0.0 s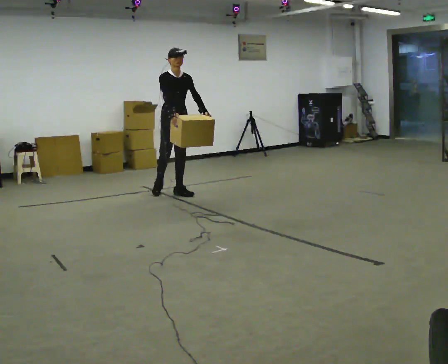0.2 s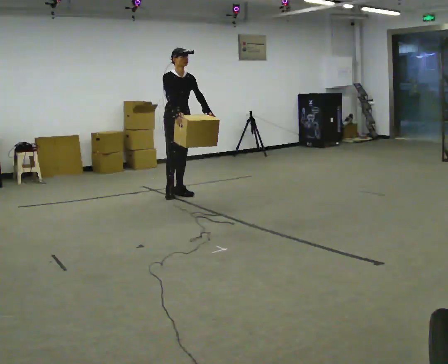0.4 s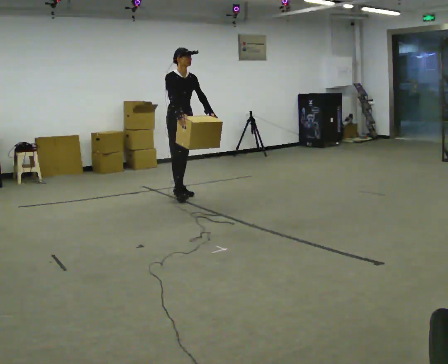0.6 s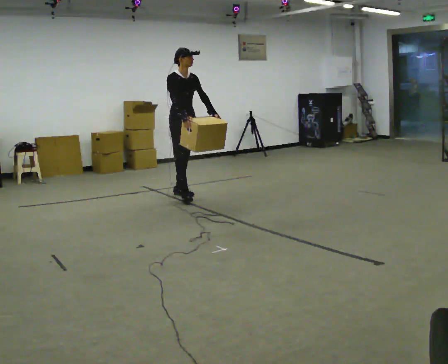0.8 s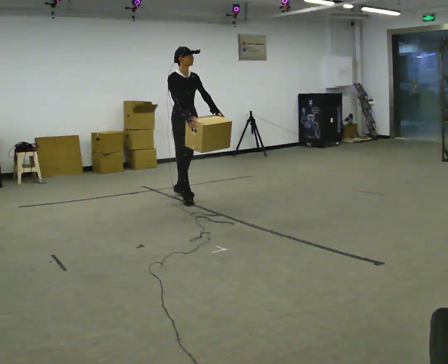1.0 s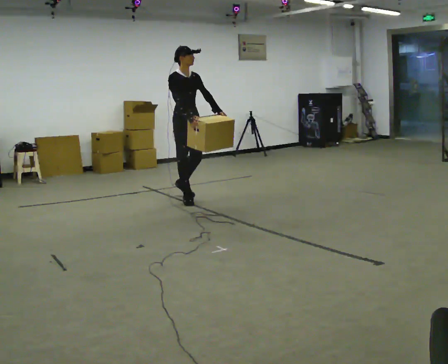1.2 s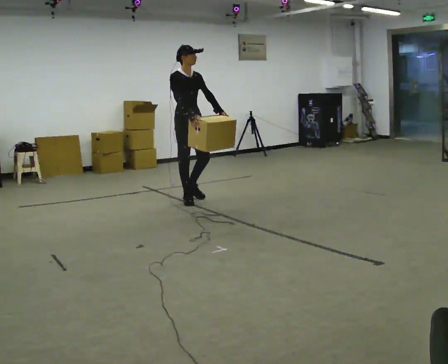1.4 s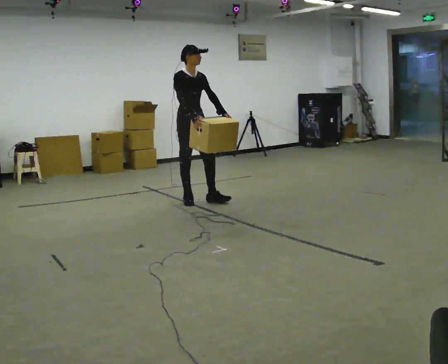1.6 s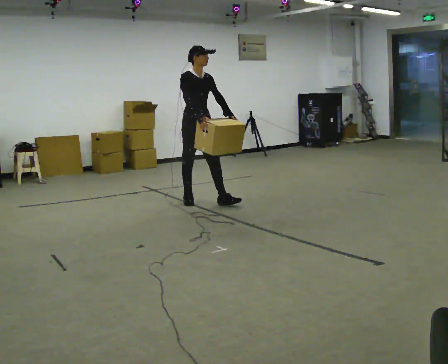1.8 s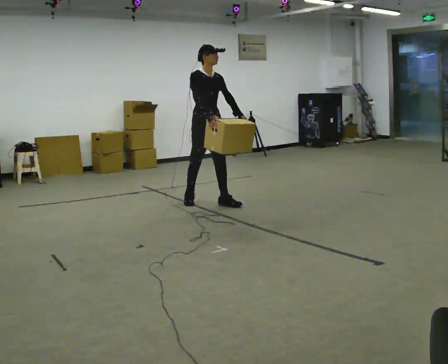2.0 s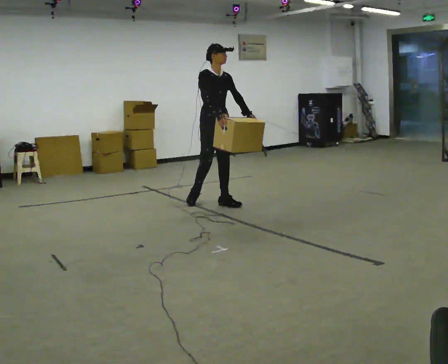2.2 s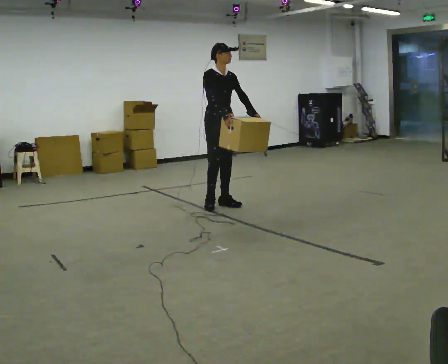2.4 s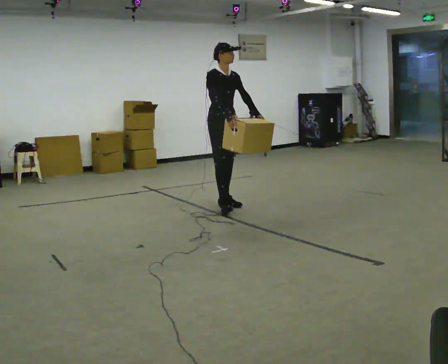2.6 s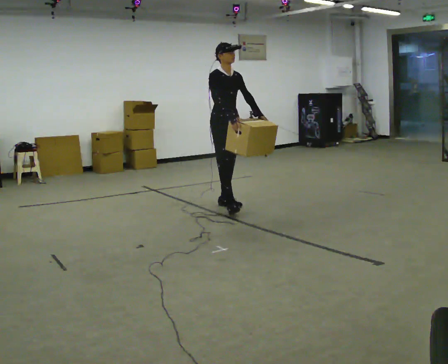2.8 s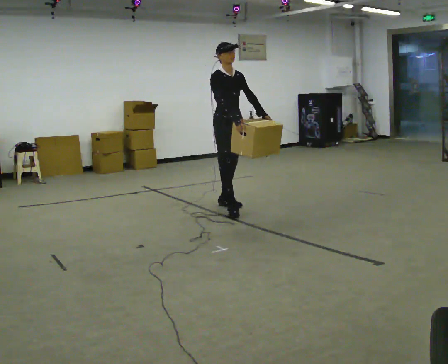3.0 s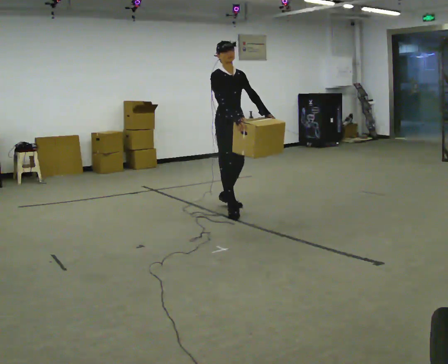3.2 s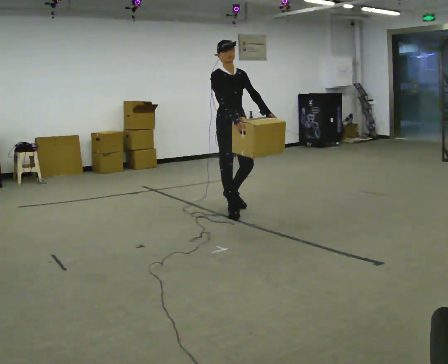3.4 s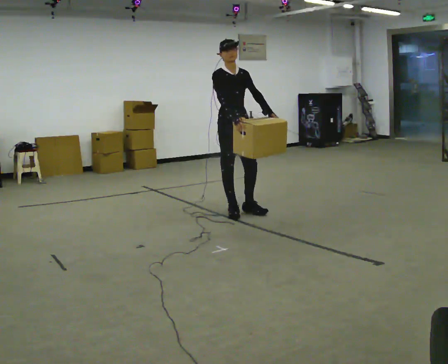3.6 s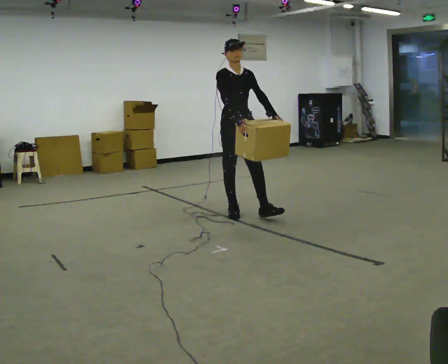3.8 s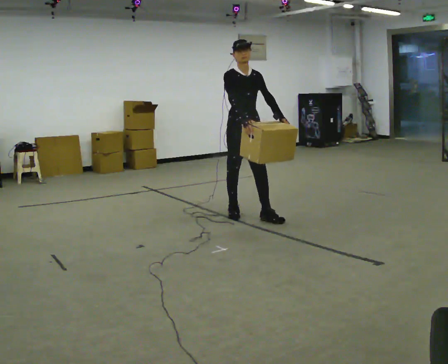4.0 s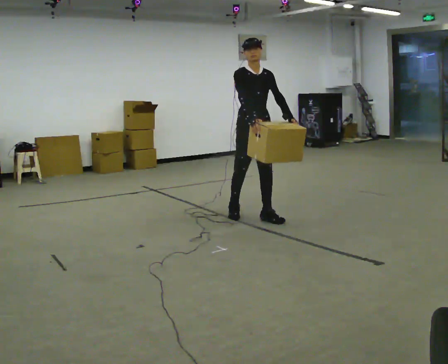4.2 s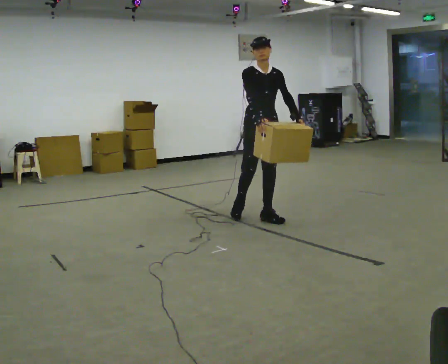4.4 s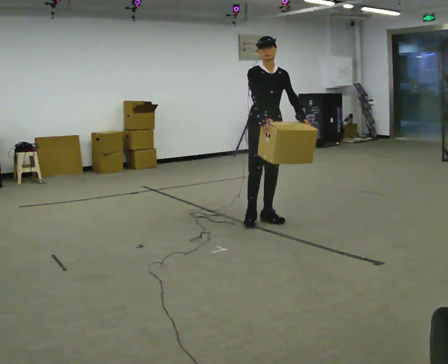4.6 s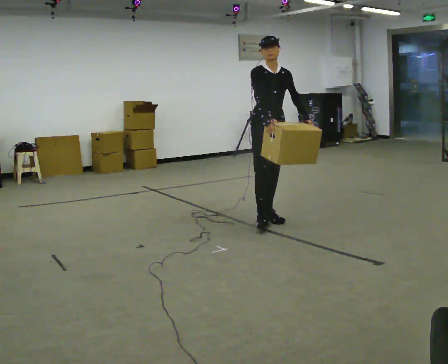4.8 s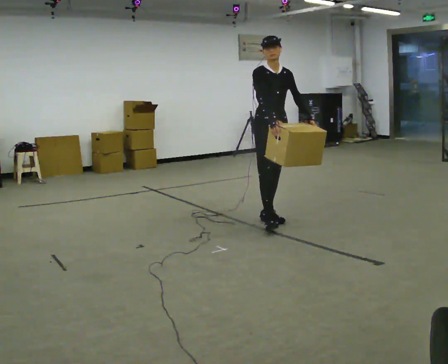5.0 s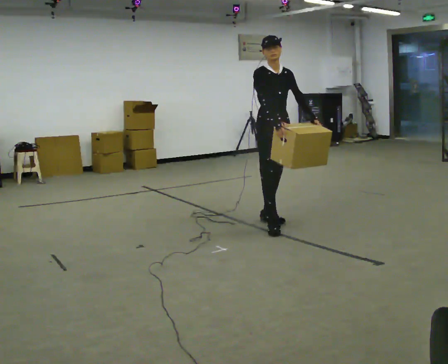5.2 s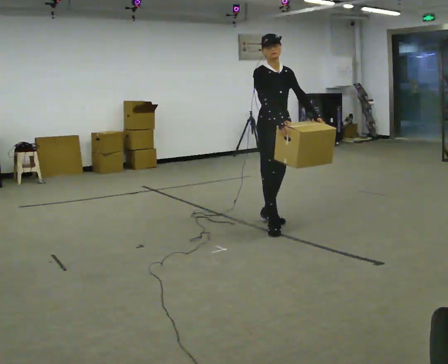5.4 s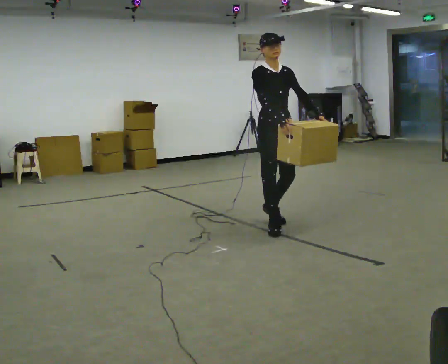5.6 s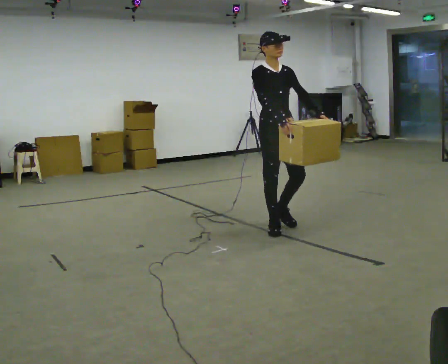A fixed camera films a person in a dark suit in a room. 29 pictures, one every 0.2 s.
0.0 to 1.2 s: In the picture they go toward the camera and to the right, about 0.5 m in 1 step, which for them is forward.
1.2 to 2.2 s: In the picture they go to the right and toward the camera, about 0.5 m in 1 step, which for them is forward and to their left.
2.2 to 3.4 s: In the picture they go toward the camera, about 0.5 m in 1 step, which for them is forward and to their right.
3.4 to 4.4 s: In the picture they go to the right and toward the camera, about 0.5 m in 1 step, which for them is forward and to their left.
4.4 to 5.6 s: In the picture they go toward the camera, about 0.5 m in 1 step, which for them is forward and to their right.
The film runs forward here.
